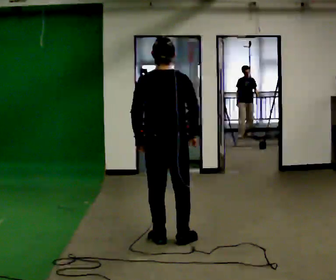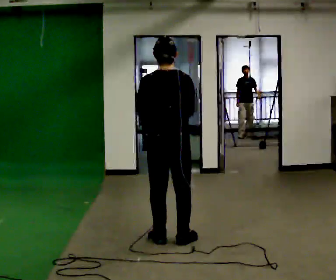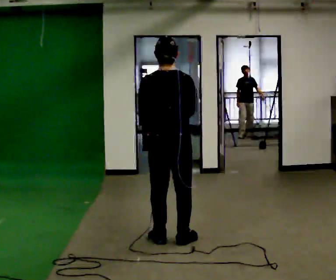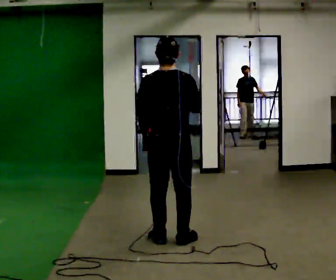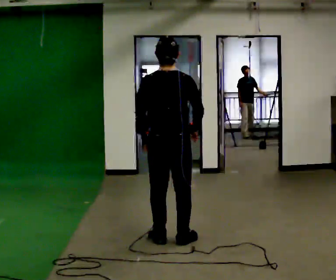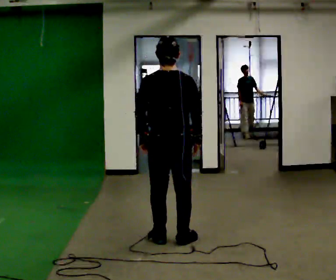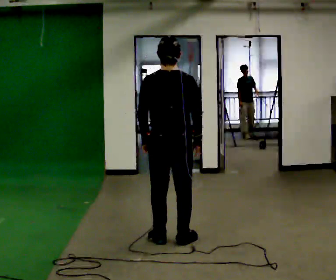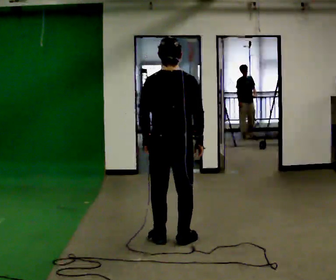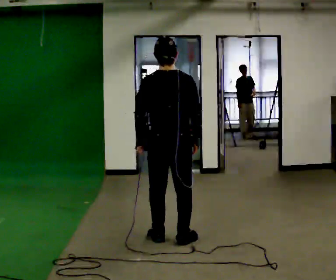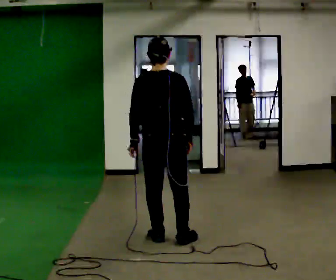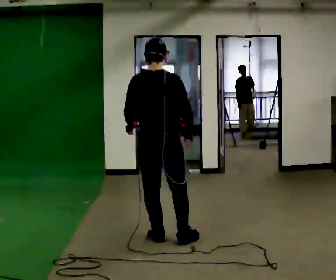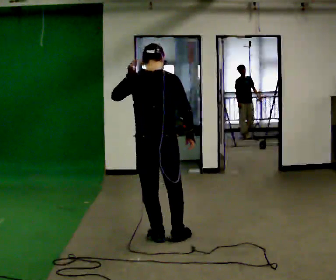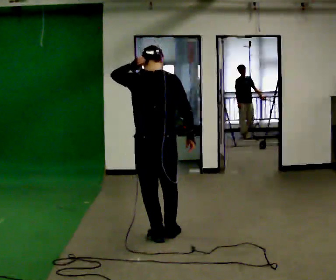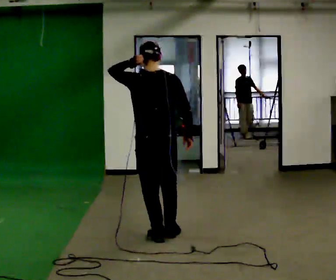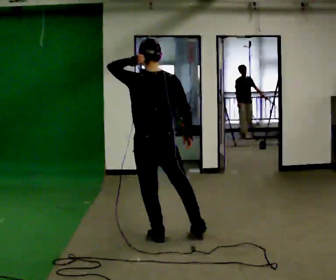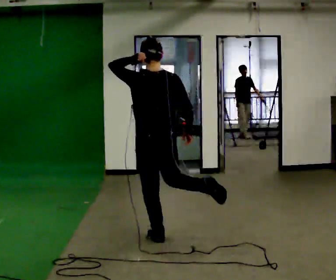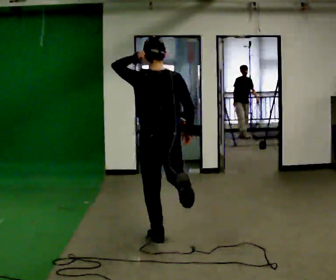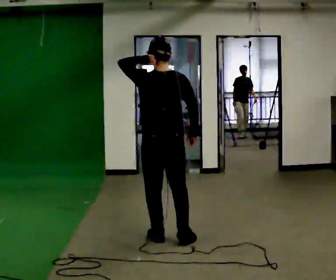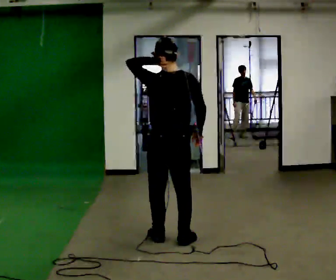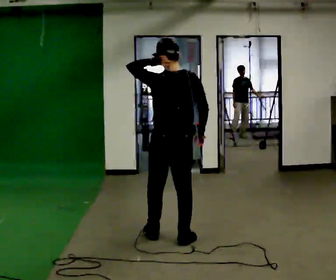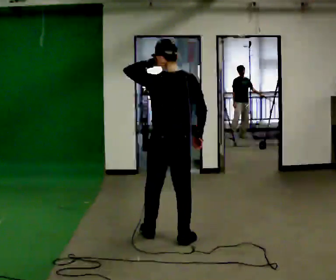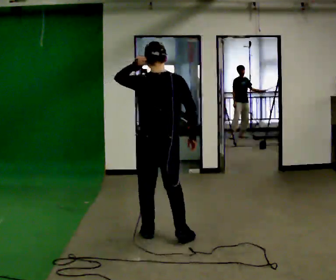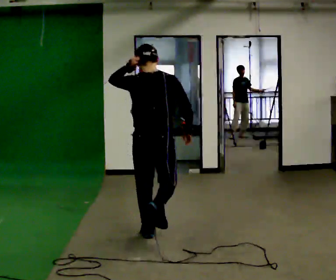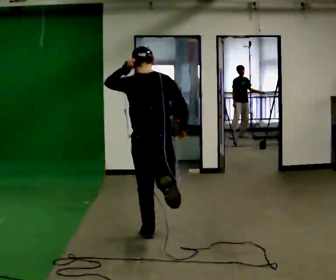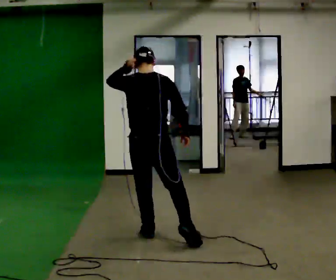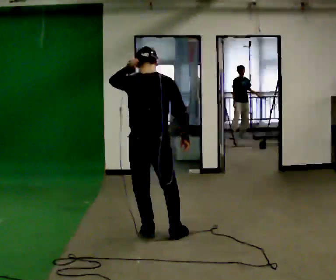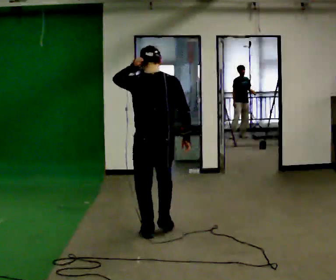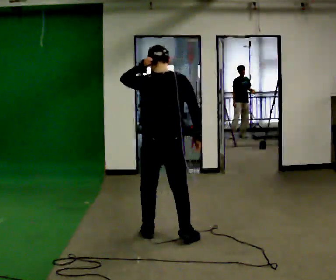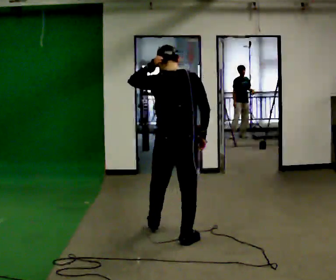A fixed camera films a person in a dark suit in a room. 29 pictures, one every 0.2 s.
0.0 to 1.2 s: The person moves a little, or ends about where they began.
1.2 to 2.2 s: In the picture their left hand goes upward.
2.2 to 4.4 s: The person moves a little, or ends about where they began.
4.4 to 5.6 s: In the picture they go to the right, about 0.25 m in 1 step, which for them is to their right.
The film runs backward here.
